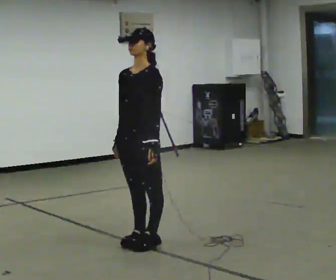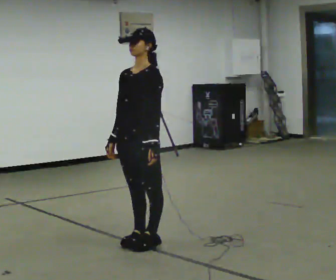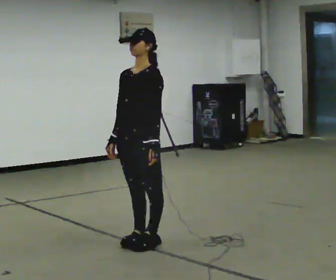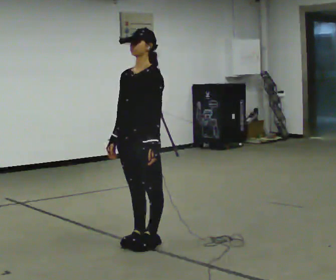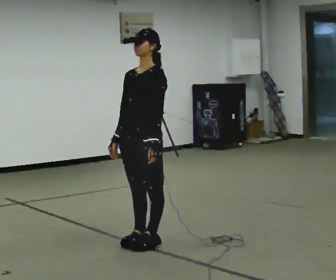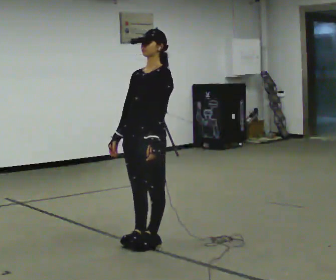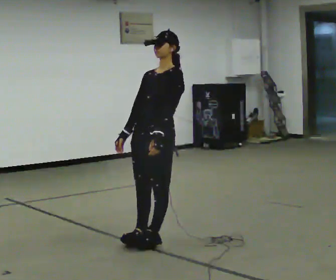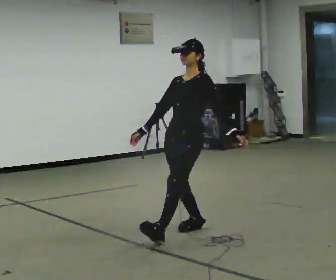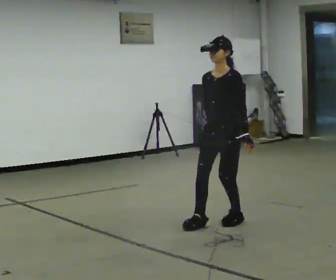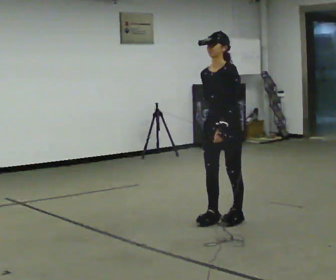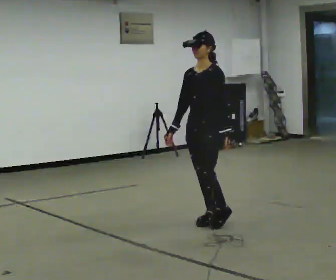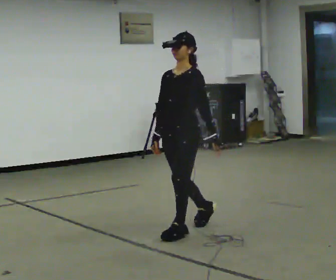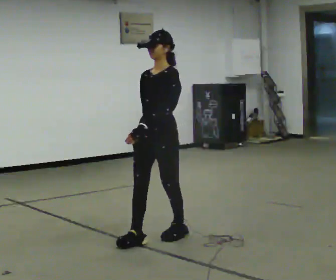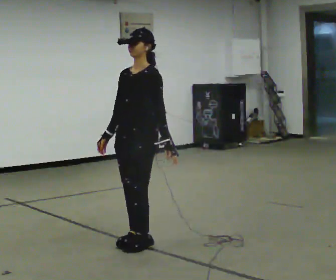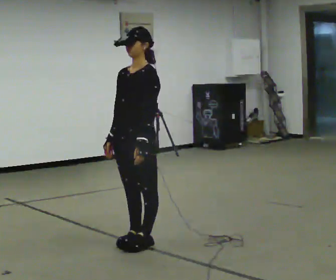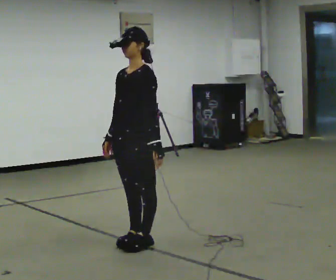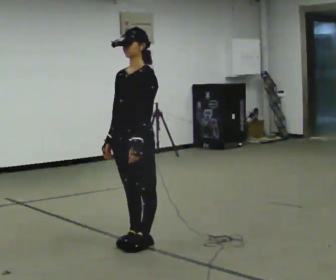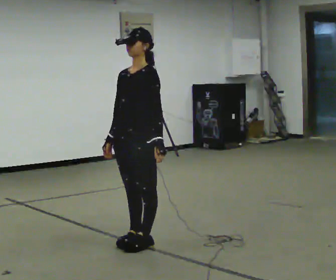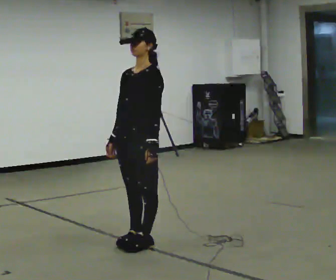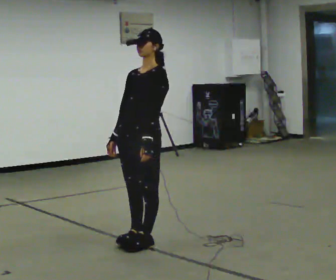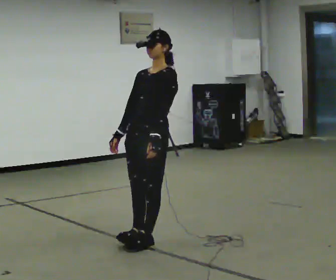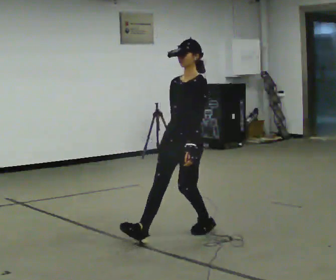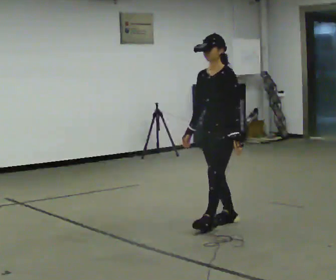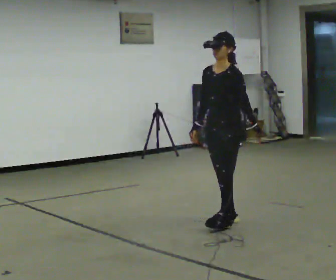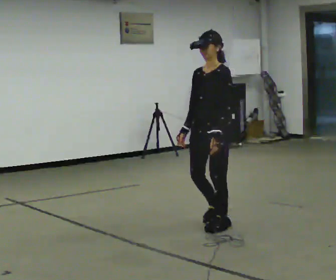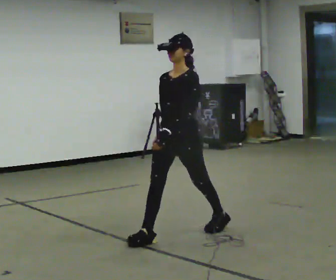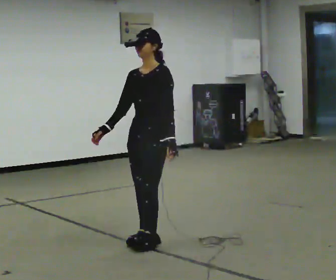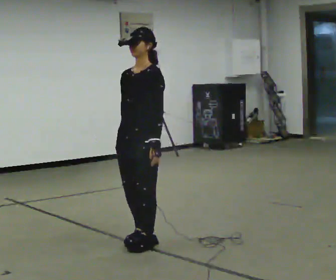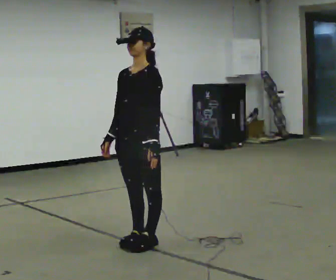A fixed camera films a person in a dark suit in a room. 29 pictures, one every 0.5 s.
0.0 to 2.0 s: The person moves a little, or ends about where they began.
2.0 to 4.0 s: In the picture they go to the right and away from the camera, about 1 m in 2 steps, which for them is backward.
4.0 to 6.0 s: In the picture they go to the left and toward the camera, about 0.5 m in 3 steps, which for them is forward.
6.0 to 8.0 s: In the picture they go to the left and toward the camera, about 0.25 m in 1 step, which for them is forward.
8.0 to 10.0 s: The person moves a little, or ends about where they began.
10.0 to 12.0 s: In the picture they go to the right and away from the camera, about 0.5 m in 2 steps, which for them is backward.
12.0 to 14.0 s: In the picture they go to the left and toward the camera, about 0.5 m in 2 steps, which for them is forward.
The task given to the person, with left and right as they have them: Stand on the marked spots. Lean backward, keeping your body straight, until you cannot hold it, then step back to catch yourself. Return to the spots. Repeat at your own pace until the operator says stop. Go slowly and only as far as you are comfortable. Step whenever you need to; do not try to hold on longer than feels safe.
The film runs forward here.
